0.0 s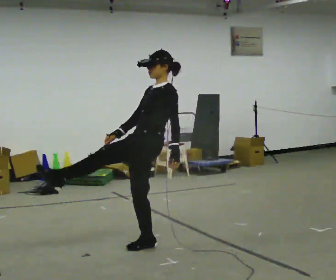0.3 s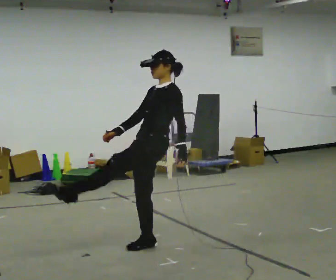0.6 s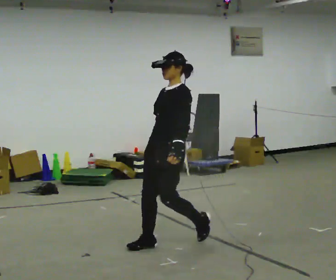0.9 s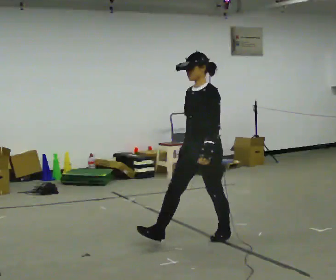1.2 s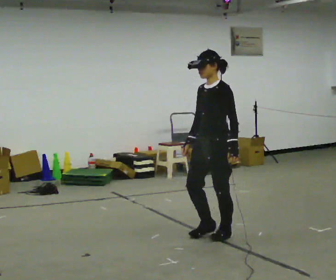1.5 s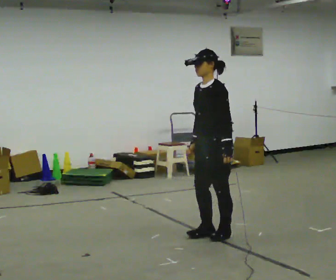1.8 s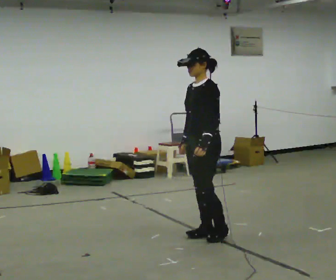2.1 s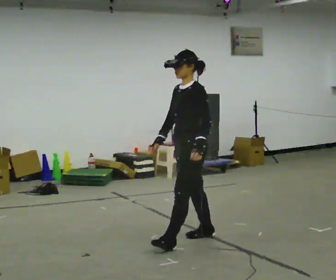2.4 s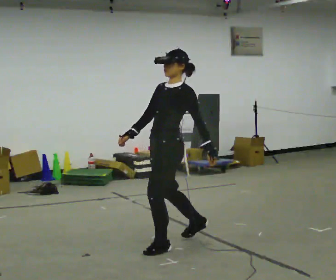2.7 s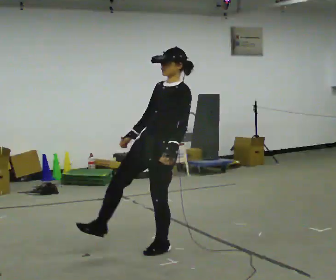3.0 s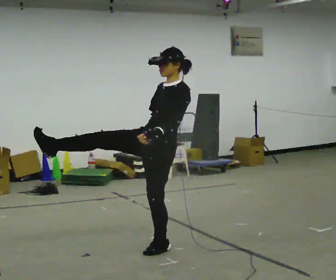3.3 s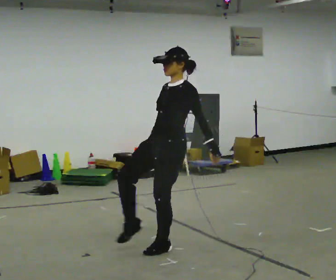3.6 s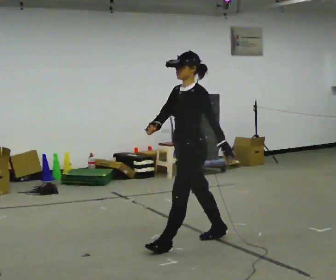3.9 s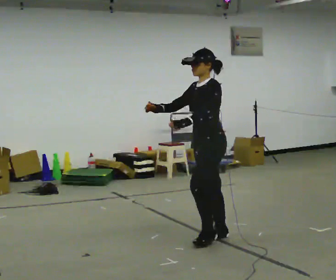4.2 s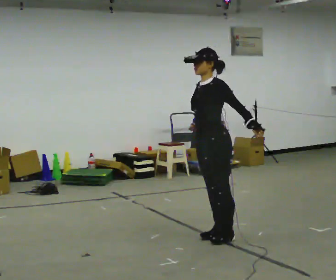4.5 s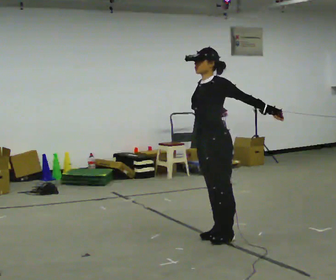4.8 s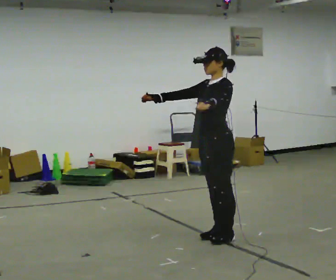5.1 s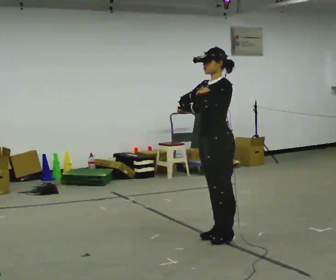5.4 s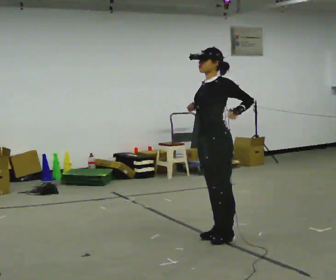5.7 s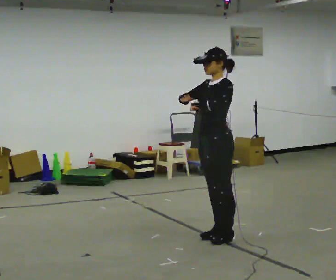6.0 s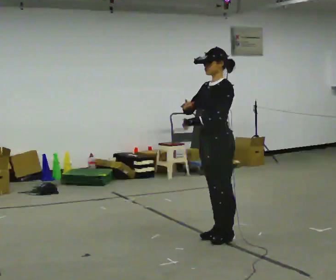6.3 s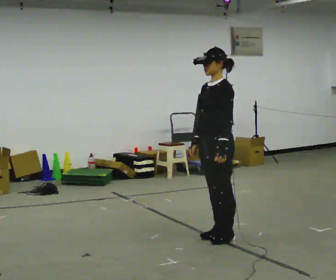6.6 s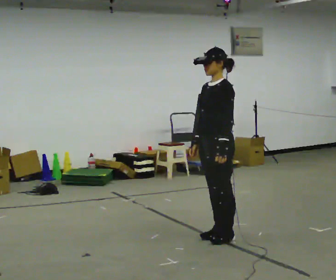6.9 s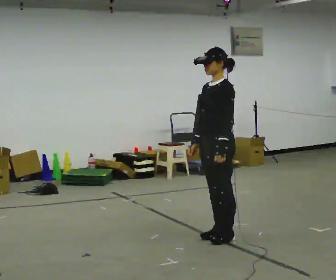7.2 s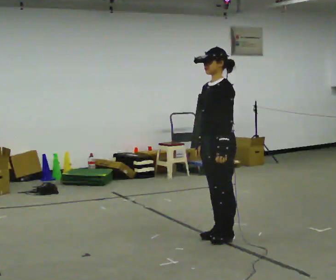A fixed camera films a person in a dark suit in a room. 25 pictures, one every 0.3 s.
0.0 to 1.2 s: In the picture they go to the right and away from the camera, about 0.5 m in 1 step, which for them is backward. In the picture the upper body tilts counterclockwise, shoulders to the left, as they bend forward.
1.2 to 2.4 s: In the picture they go to the left and toward the camera, about 0.5 m in 2 steps, which for them is forward.
2.4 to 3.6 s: In the picture they go to the right, about 0.25 m in 1 step, which for them is backward.
3.6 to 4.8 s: In the picture they go to the right, about 0.25 m in 1 step, which for them is backward. In the picture their left hand goes upward.
4.8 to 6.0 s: The person moves a little, or ends about where they began.
6.0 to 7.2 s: In the picture their right hand goes downward.
The film runs backward here.
